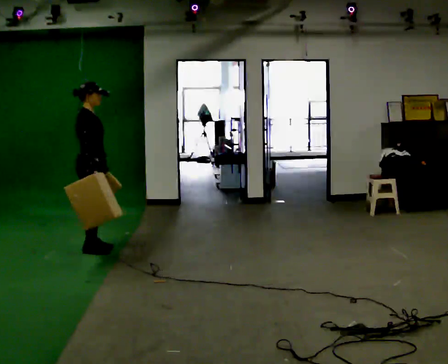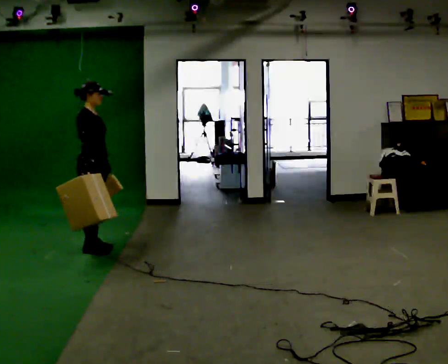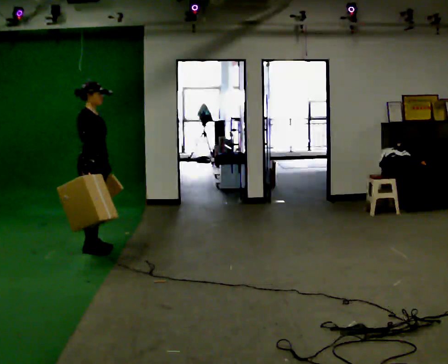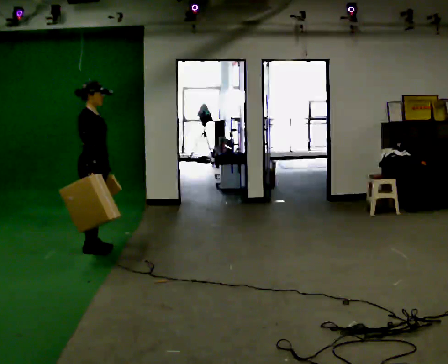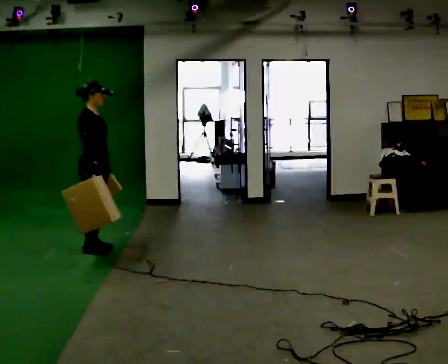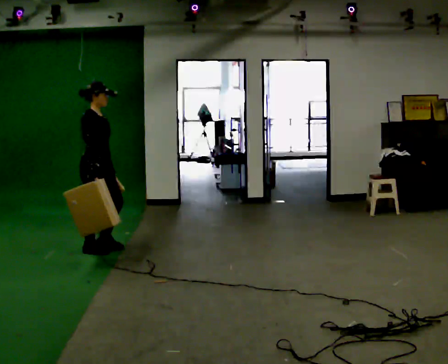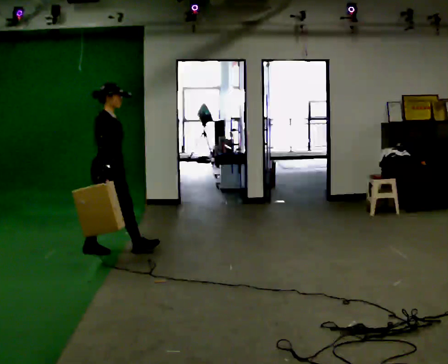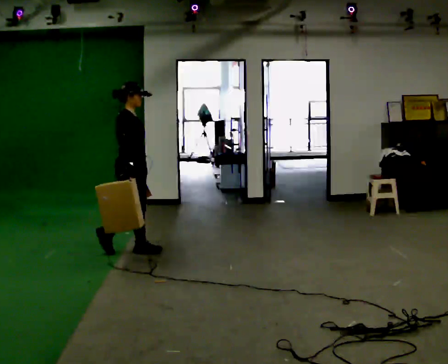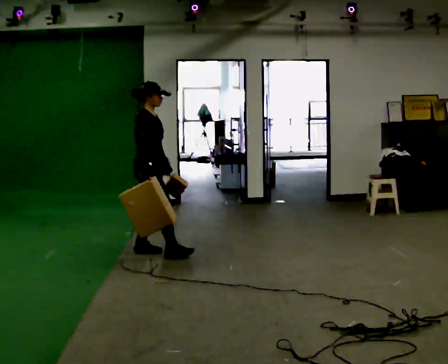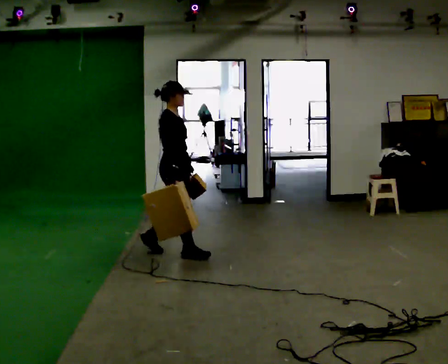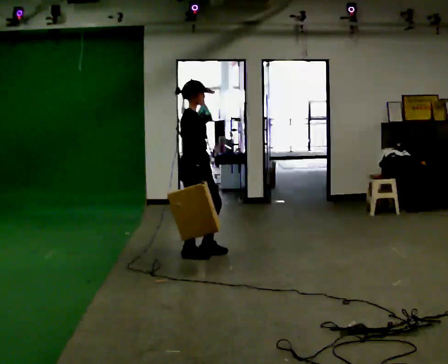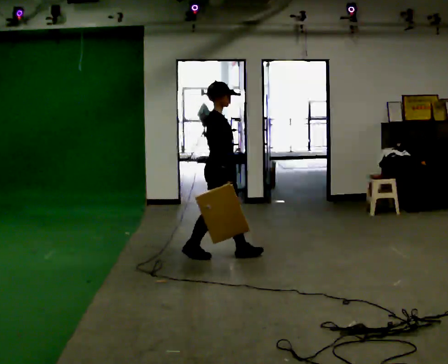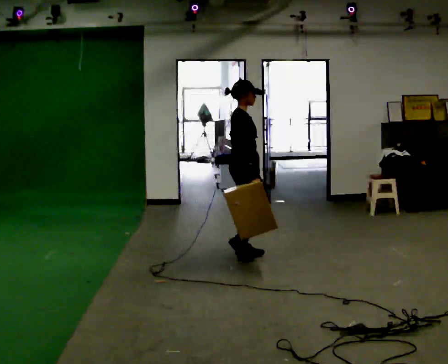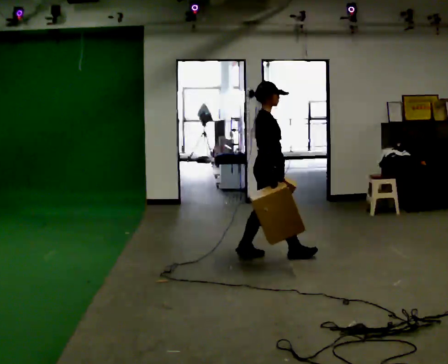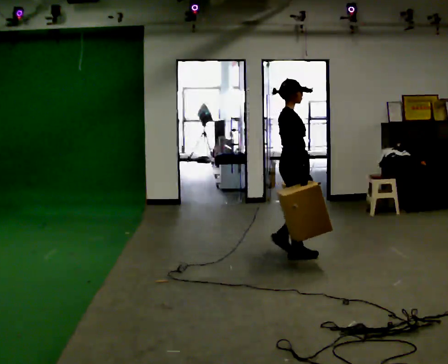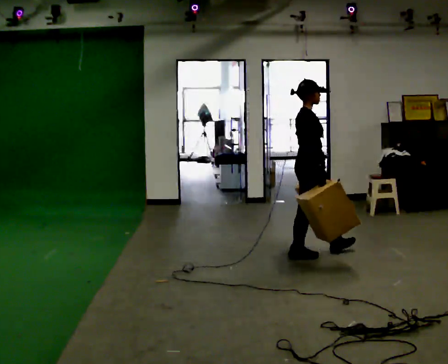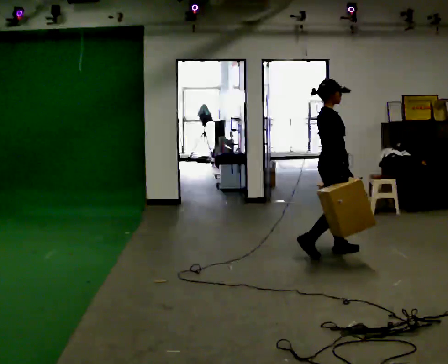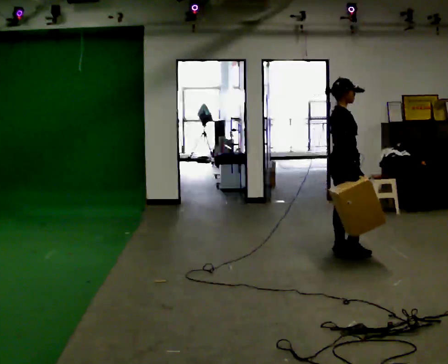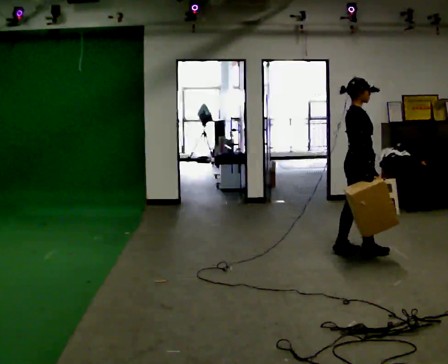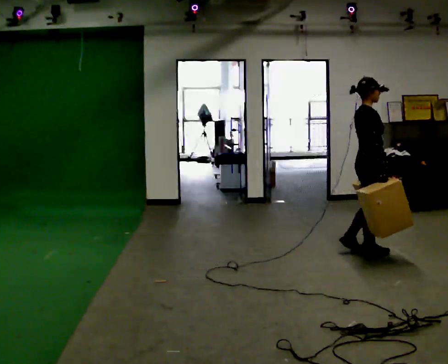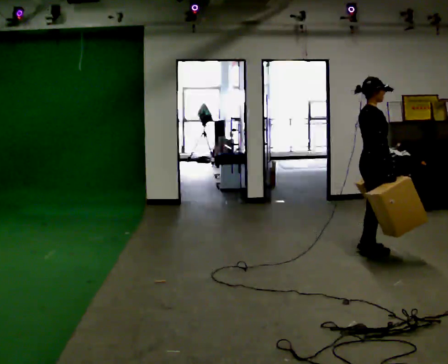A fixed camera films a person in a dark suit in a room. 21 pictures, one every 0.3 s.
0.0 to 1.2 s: The person moves a little, or ends about where they began.
1.2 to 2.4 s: In the picture they go to the right, about 0.5 m in 1 step, which for them is forward.
2.4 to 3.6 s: In the picture they go to the right, about 1 m in 2 steps, which for them is forward.
3.6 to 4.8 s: In the picture they go to the right, about 1 m in 2 steps, which for them is forward.
4.8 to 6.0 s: In the picture they go to the right, about 0.25 m in 2 steps, which for them is forward.
The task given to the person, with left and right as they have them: Carry one object in each hand, the heavy one in the hand the operator calls, walking back and forth across the room.
The film runs forward here.
